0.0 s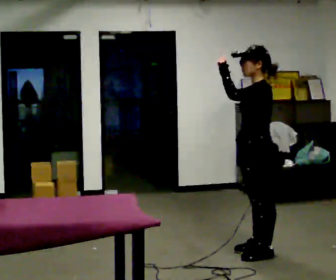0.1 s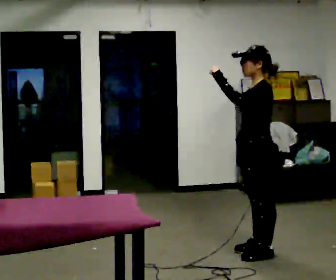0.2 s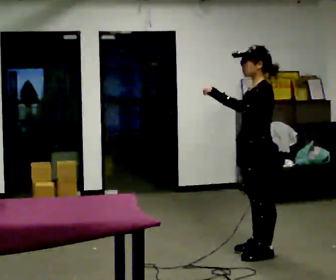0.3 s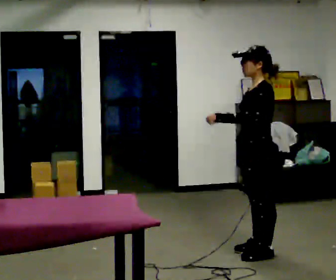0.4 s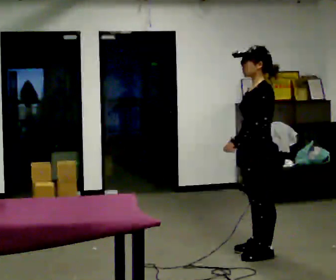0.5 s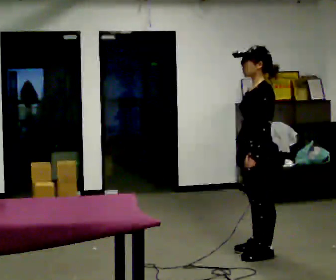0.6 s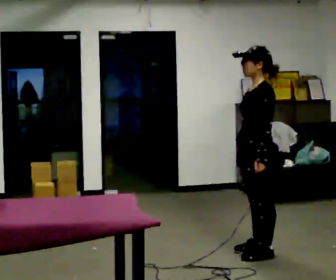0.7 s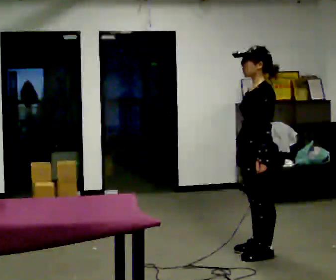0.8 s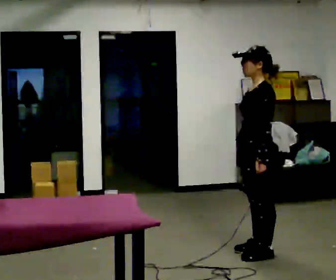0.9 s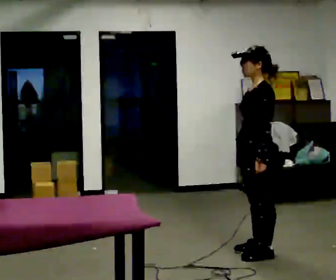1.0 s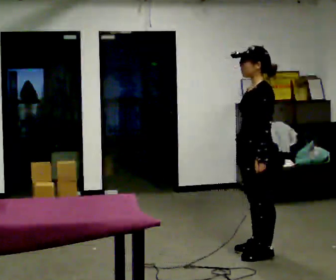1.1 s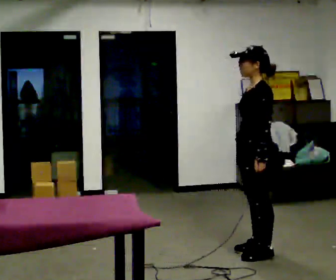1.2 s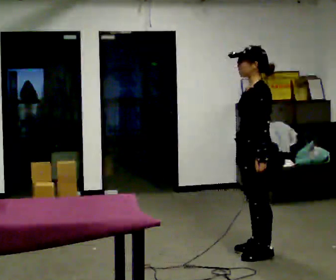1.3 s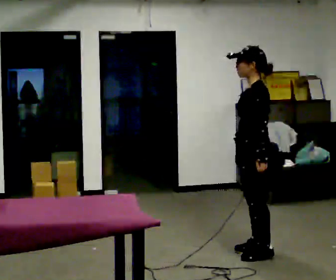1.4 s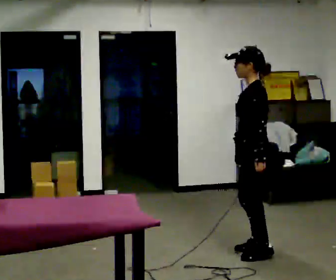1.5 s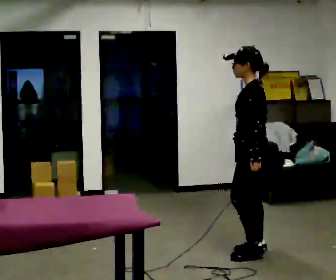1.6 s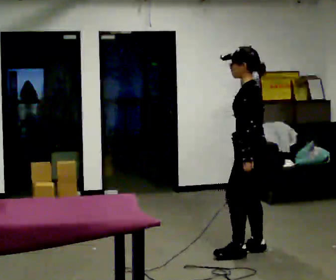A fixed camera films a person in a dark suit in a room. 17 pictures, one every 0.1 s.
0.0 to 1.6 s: In the picture their left hand goes downward.
The film runs backward here.
